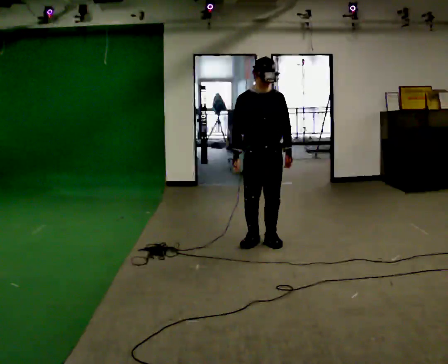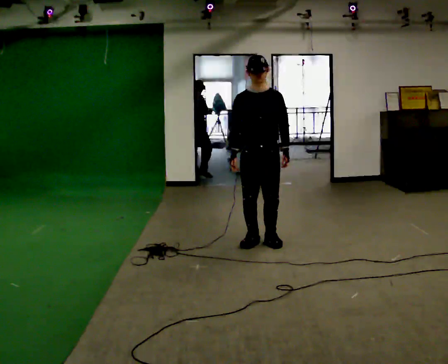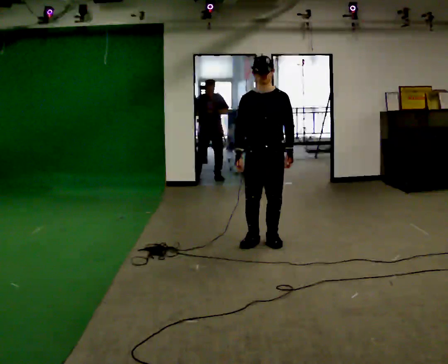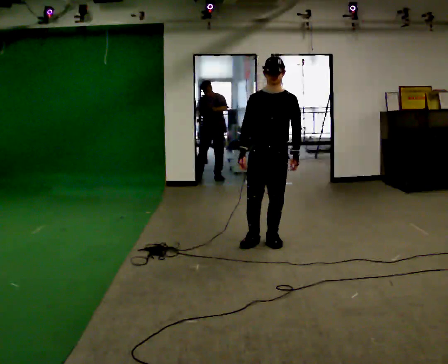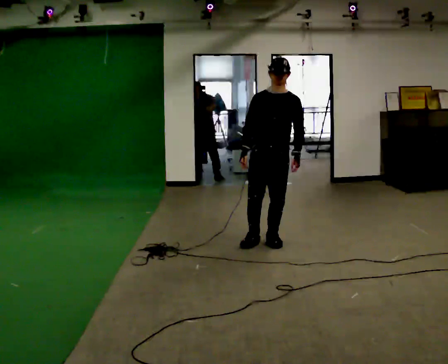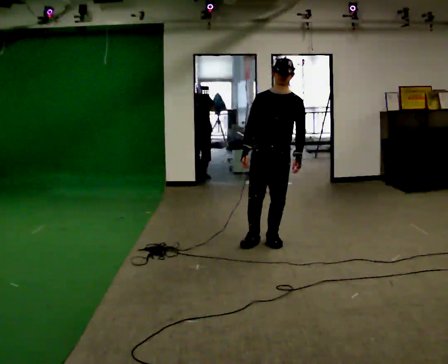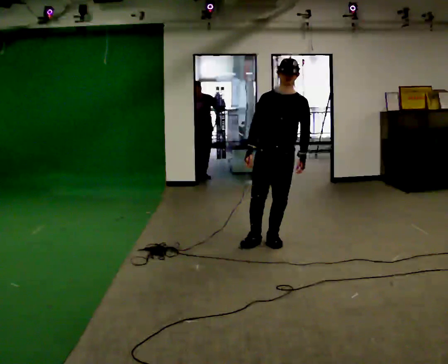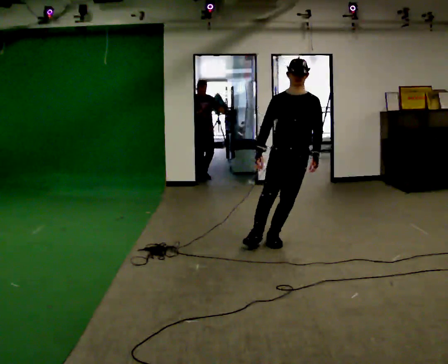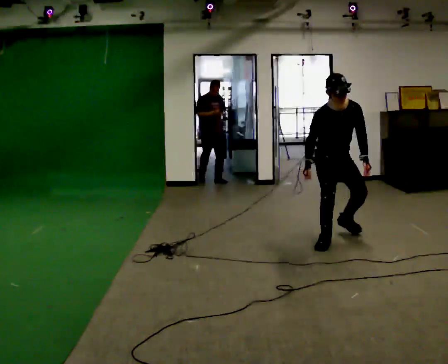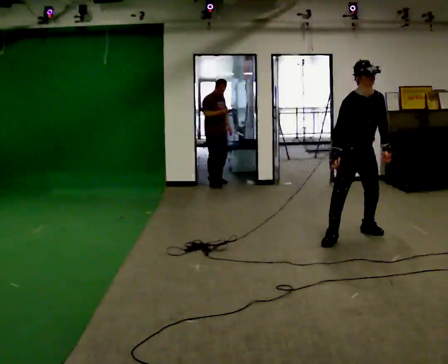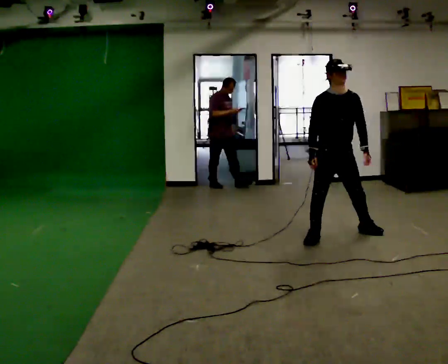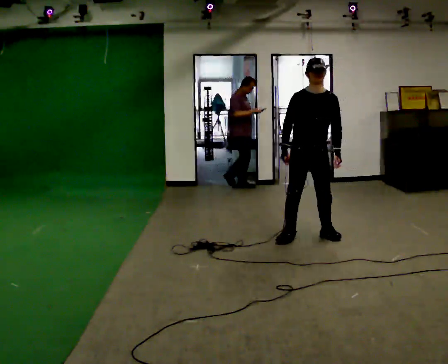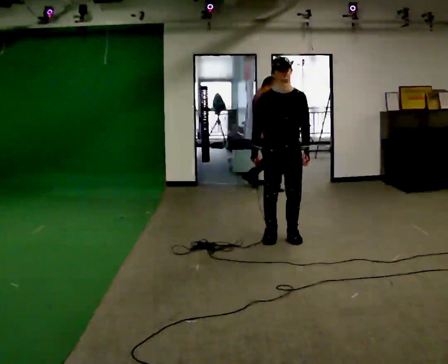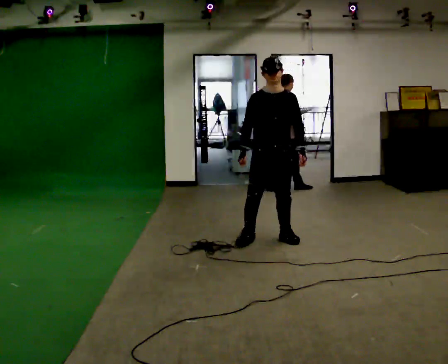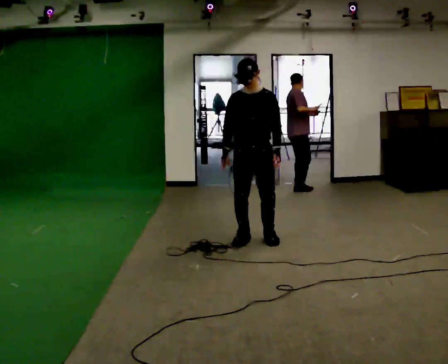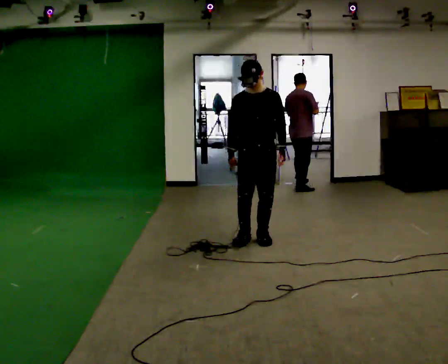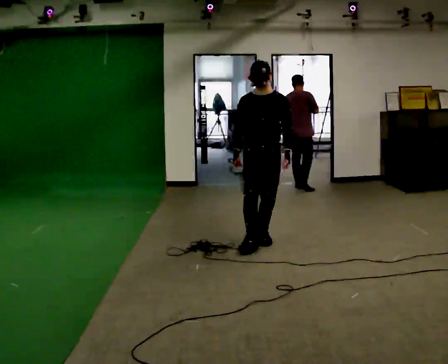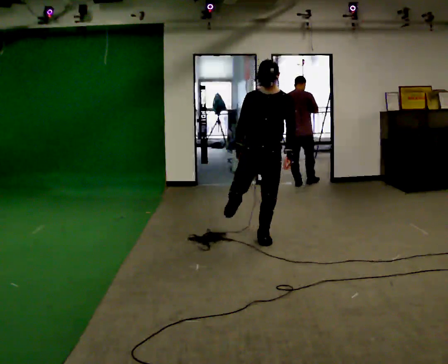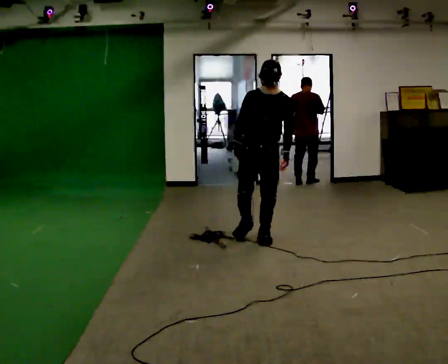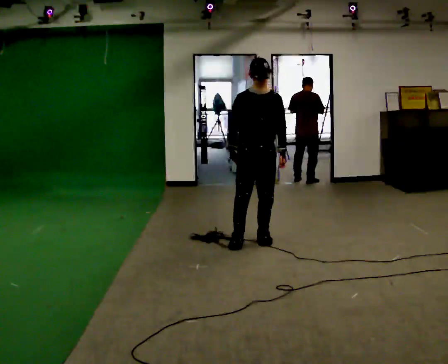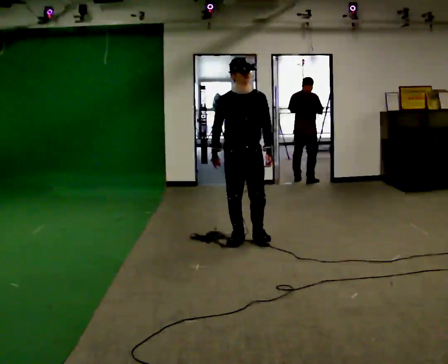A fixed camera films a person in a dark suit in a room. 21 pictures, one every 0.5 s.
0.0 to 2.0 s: The person moves a little, or ends about where they began.
2.0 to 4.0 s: Seen from above the body turns counterclockwise, about 30 degrees: to their left, with its near side sliding to the right. In the picture they go to the right and away from the camera, about 0.5 m in 1 step, which for them is to their left. The upper body tips toward the camera, its near side rolling downward, as they bend forward.
4.0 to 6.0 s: In the picture they go to the left, about 0.5 m in 4 steps, which for them is to their right.
6.0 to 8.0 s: In the picture they go to the left, about 0.25 m in 3 steps, which for them is to their right.
8.0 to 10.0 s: In the picture they go to the left, about 0.25 m in 1 step, which for them is to their right.
The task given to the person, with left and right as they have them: Stand on the marked spots. Lean to the side the operator calls until you cannot hold it, then step to catch yourself. Return to the spots. Repeat at your own pace until the operator says stop. Go slowly and only as far as you are comfortable. Step whenever you need to; do not try to hold on longer than feels safe.
The film runs forward here.
